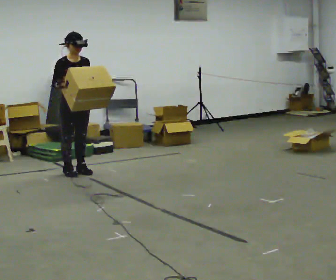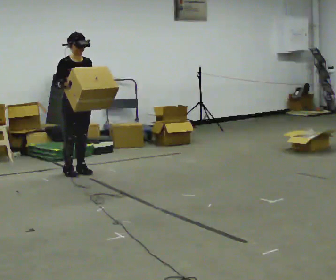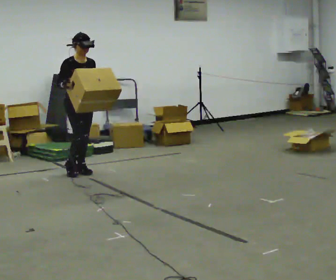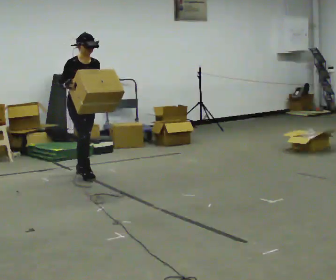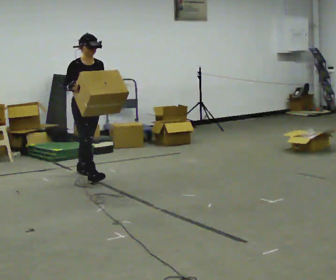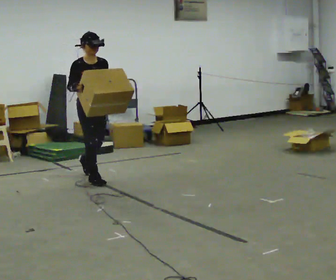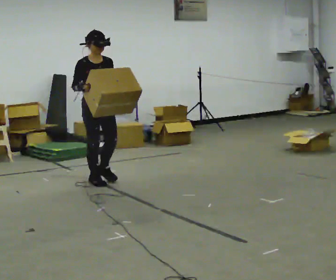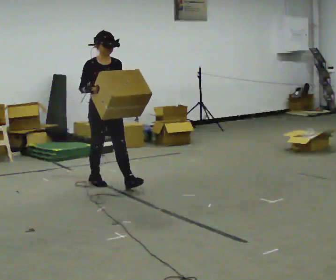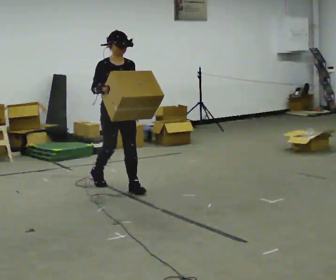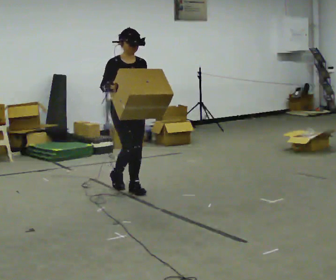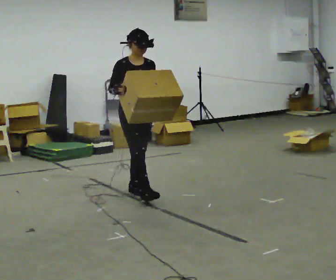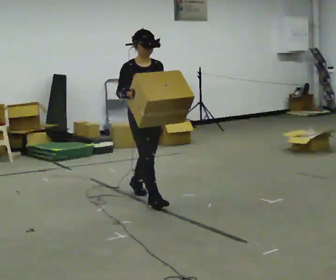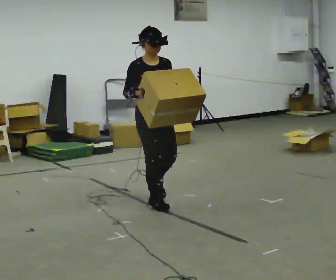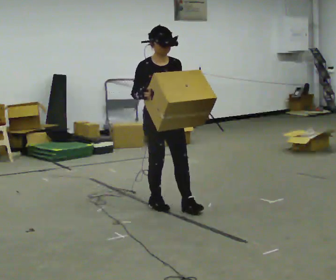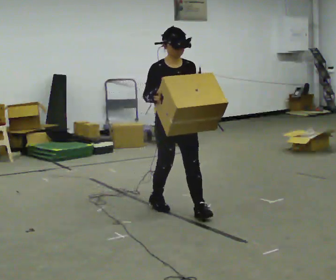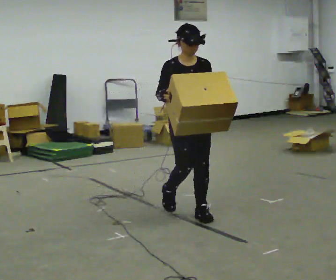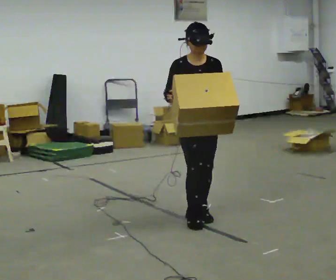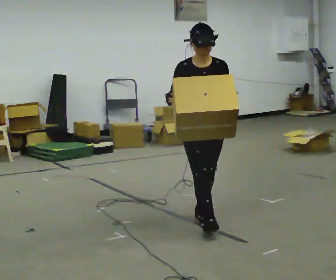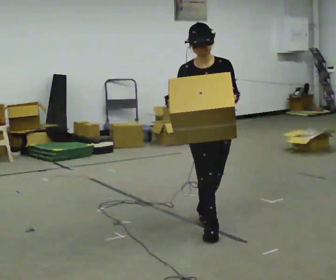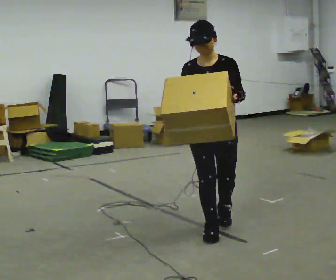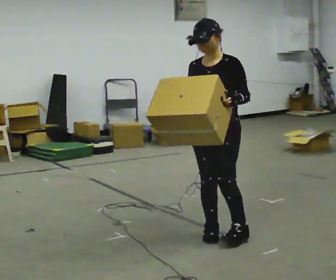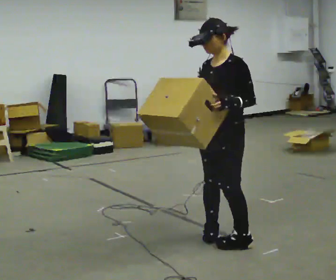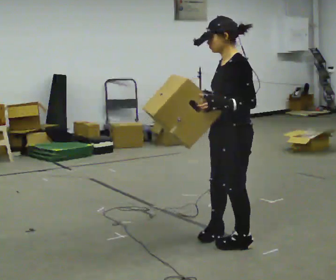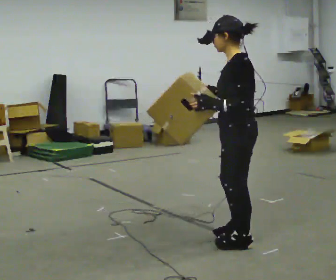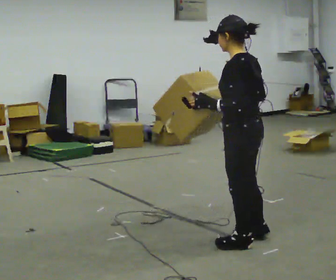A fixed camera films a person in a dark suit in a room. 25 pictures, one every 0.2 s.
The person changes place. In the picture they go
toward the camera.
The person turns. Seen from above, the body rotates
clockwise.
0.0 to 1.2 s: In the picture they go toward the camera and to the right, about 0.5 m in 1 step, which for them is forward.
1.2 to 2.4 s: In the picture they go toward the camera and to the right, about 1 m in 2 steps, which for them is forward.
2.4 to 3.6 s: The part of the body nearest the lens slides to the left as the person turns to their right by about 30 degrees. In the picture they go toward the camera and to the right, about 1 m in 2 steps, which for them is forward.
3.6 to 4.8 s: The person turns about 120 degrees to their right, clockwise seen from above, so the part of the body nearest the lens slides to the left. In the picture they go toward the camera and to the right, about 0.5 m in 1 step.
The film runs forward here.
